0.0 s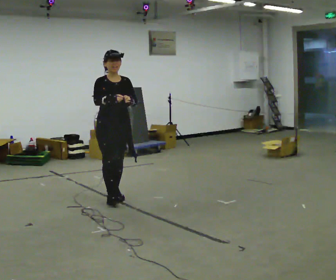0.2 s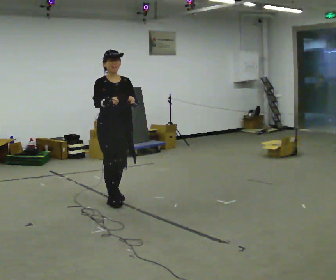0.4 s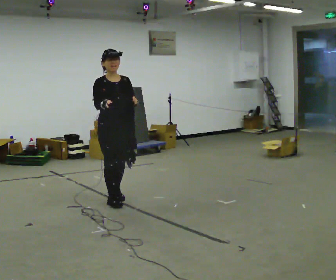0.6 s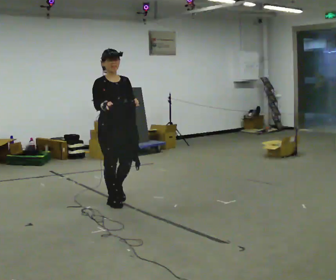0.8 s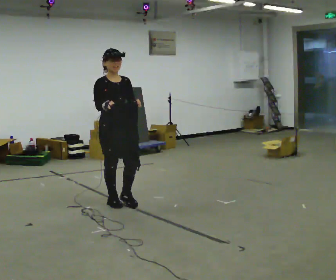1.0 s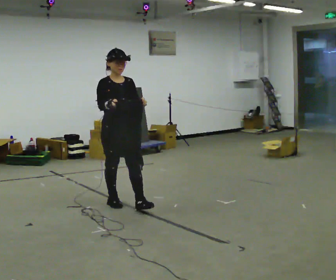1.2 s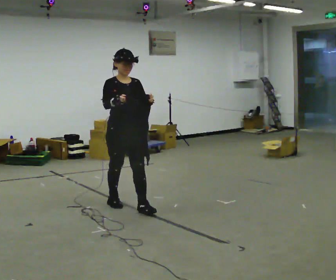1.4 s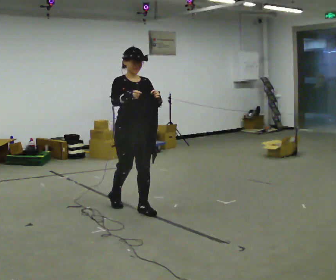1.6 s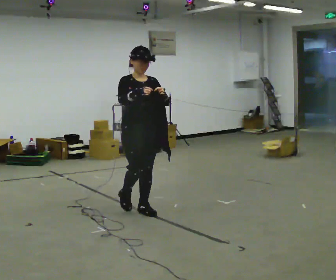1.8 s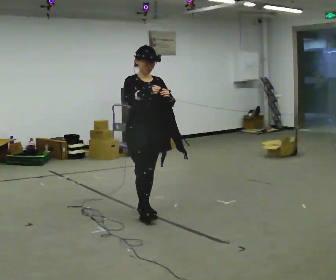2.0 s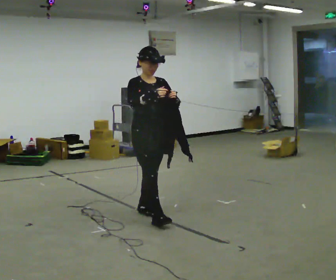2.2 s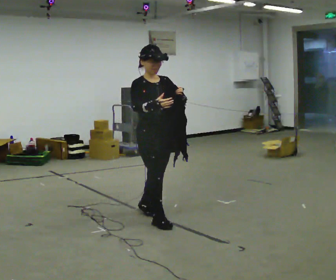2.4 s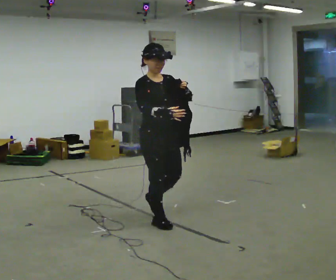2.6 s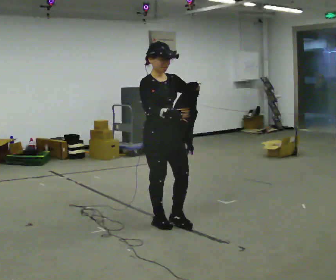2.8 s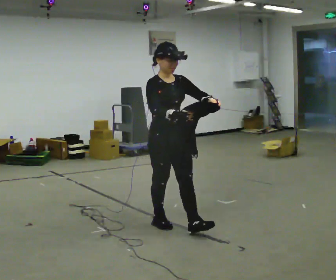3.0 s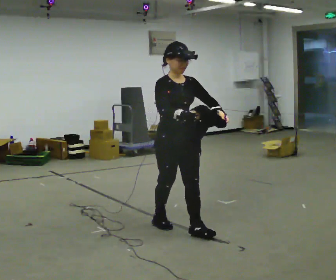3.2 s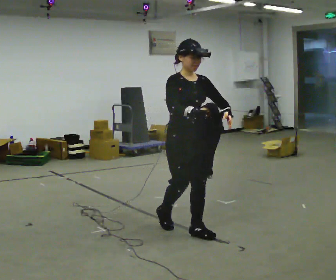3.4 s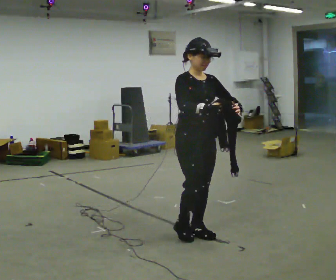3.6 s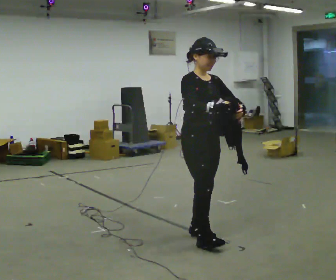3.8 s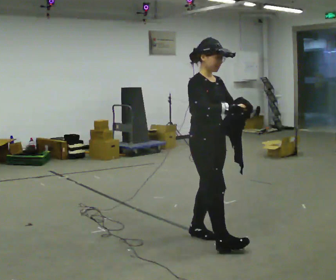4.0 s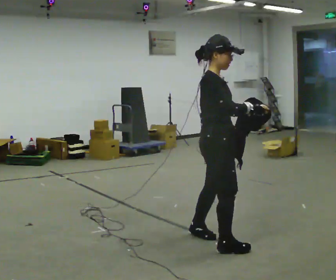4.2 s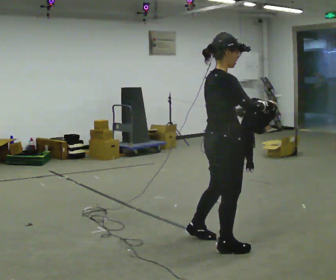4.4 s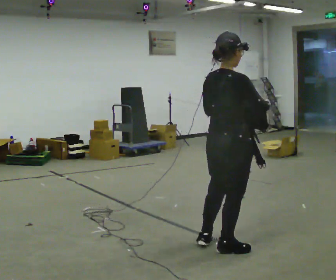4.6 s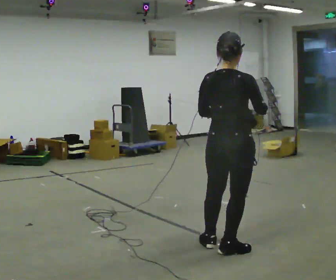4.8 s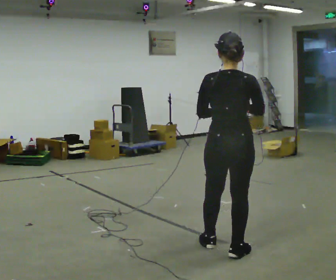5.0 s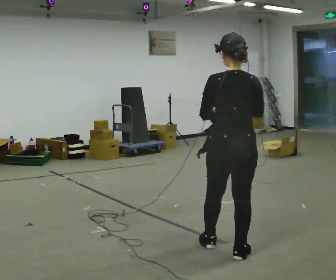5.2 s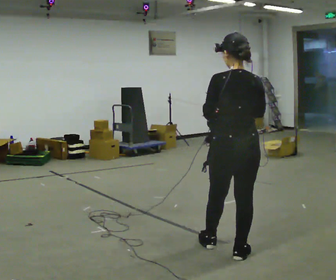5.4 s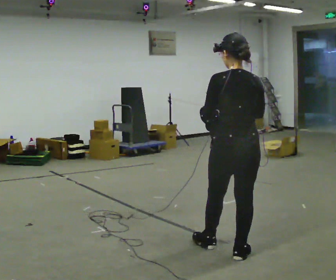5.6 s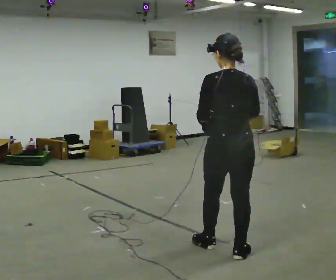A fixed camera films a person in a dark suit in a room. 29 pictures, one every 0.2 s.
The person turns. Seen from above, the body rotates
counterclockwise.
The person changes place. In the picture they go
toward the camera.
0.0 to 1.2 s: In the picture they go toward the camera and to the right, about 0.5 m in 2 steps, which for them is forward.
1.2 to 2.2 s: In the picture they go toward the camera and to the right, about 0.5 m in 1 step, which for them is forward.
2.2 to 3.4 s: In the picture they go toward the camera and to the right, about 0.5 m in 1 step, which for them is forward.
3.4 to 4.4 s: Seen from above the body turns counterclockwise, about 90 degrees: to their left, with its near side sliding to the right. In the picture they go toward the camera and to the right, about 0.5 m in 1 step.
4.4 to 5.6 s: The person turns about 60 degrees to their left, counterclockwise seen from above, so the part of the body nearest the lens slides to the right.
The film runs forward here.
